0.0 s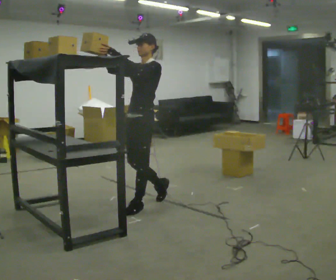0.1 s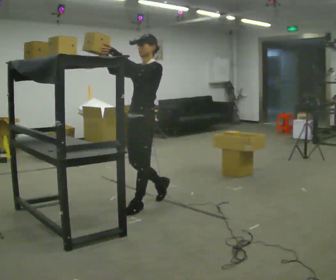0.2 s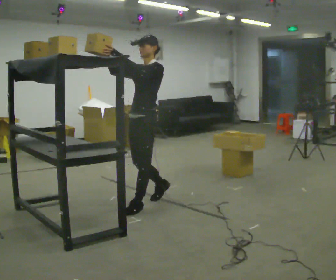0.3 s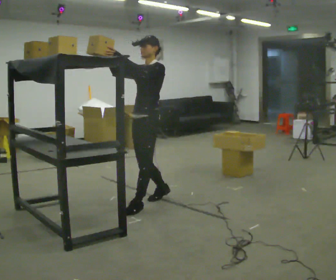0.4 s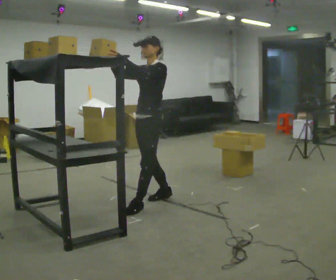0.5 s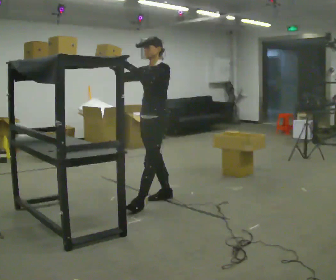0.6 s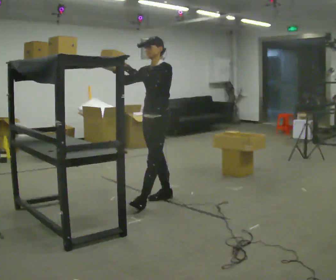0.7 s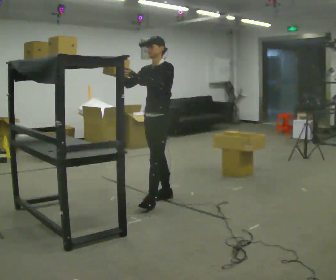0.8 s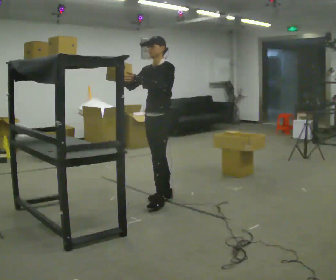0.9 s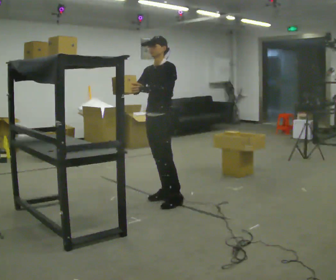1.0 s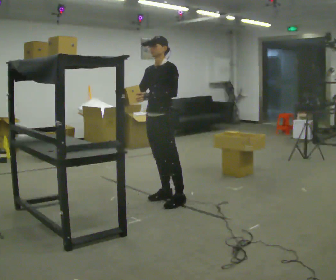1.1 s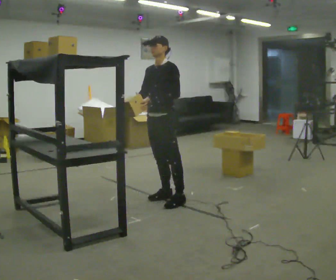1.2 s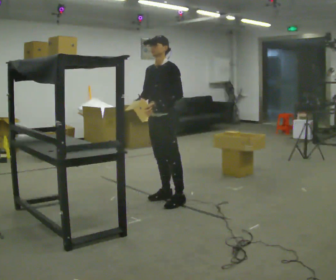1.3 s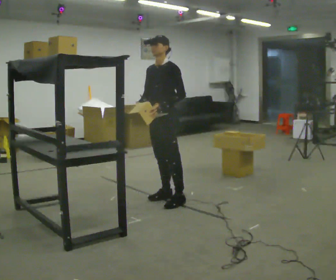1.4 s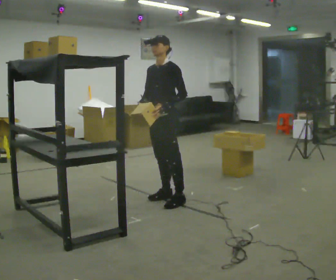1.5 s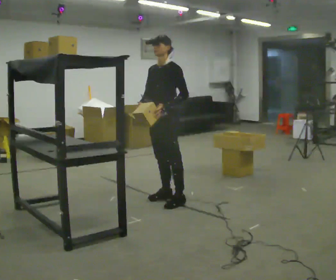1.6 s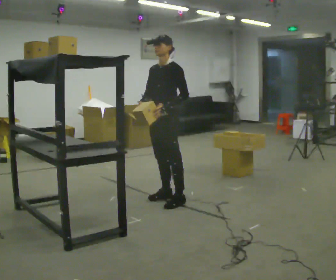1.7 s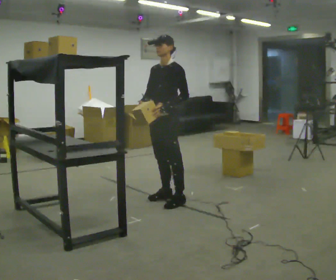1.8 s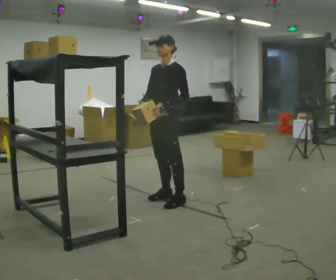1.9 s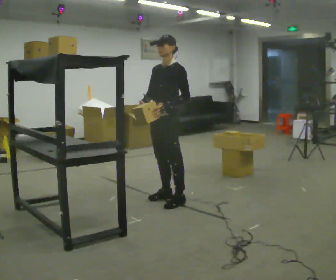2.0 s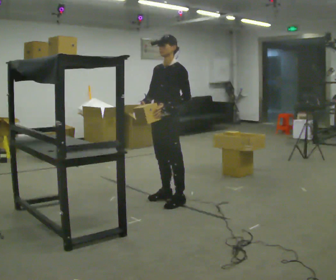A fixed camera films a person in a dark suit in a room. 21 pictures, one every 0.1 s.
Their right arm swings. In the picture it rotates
counterclockwise.
Their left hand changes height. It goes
downward.
0.0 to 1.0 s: In the picture they go away from the camera and to the right, about 0.25 m in 1 step, which for them is backward. In the picture their left hand goes downward.
1.0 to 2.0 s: The person moves a little, or ends about where they began.
The film runs forward here.
